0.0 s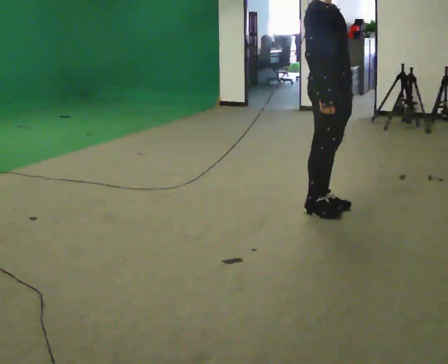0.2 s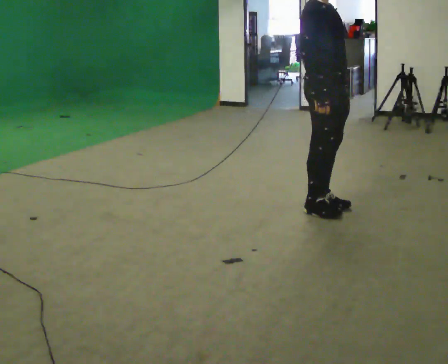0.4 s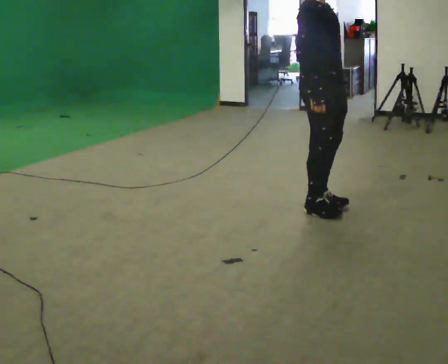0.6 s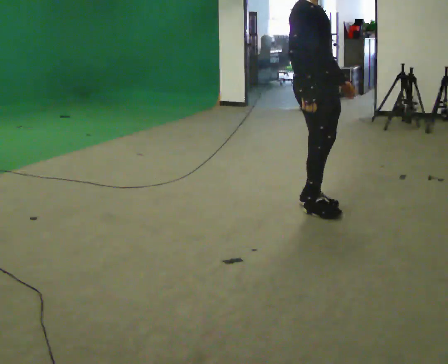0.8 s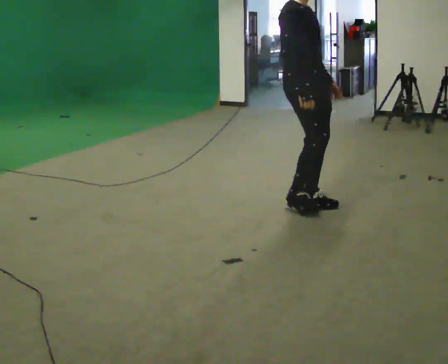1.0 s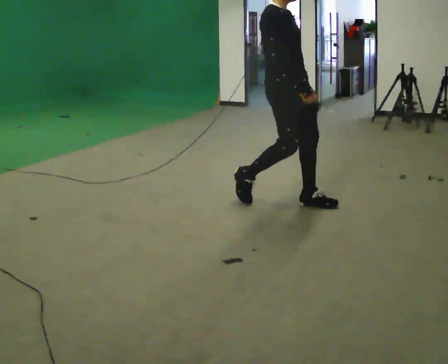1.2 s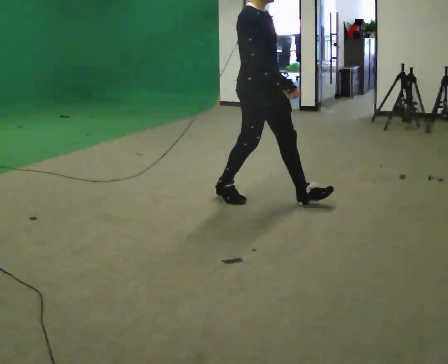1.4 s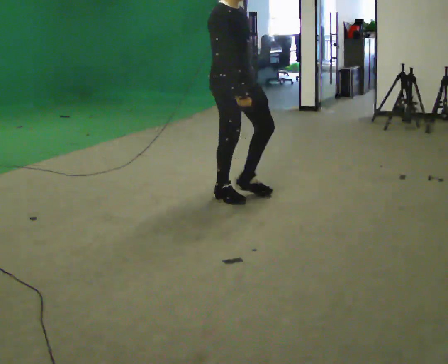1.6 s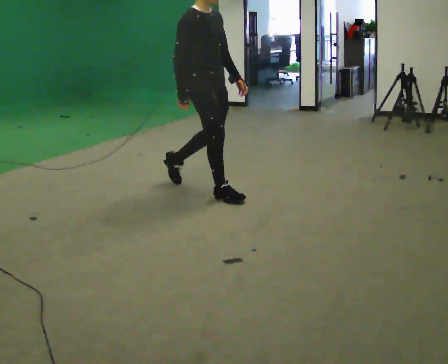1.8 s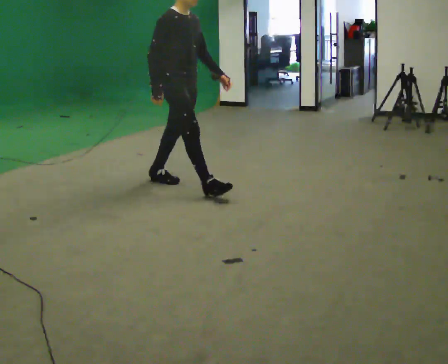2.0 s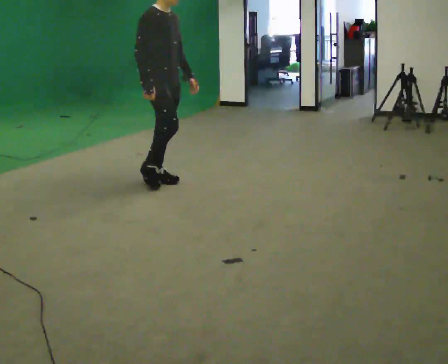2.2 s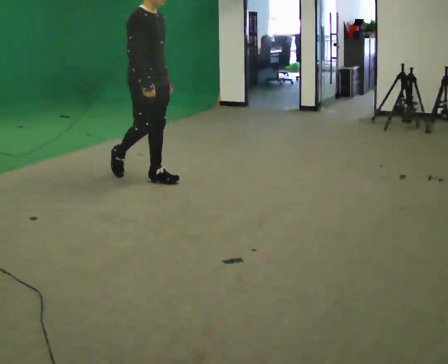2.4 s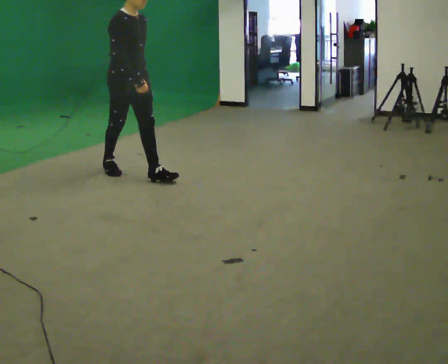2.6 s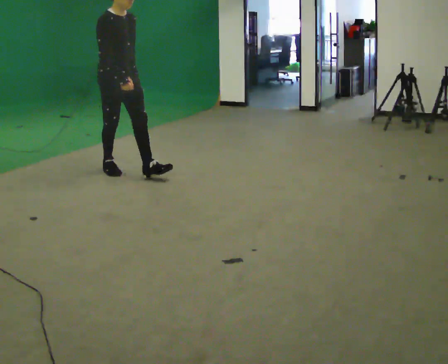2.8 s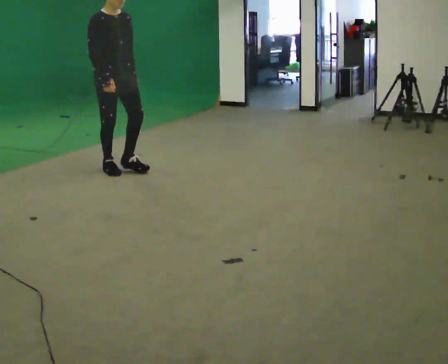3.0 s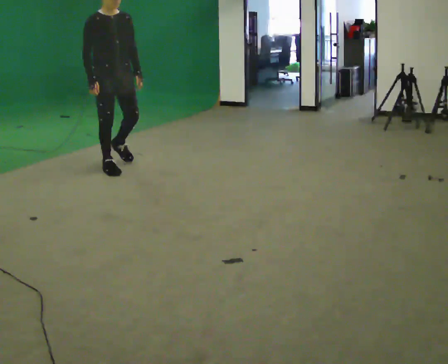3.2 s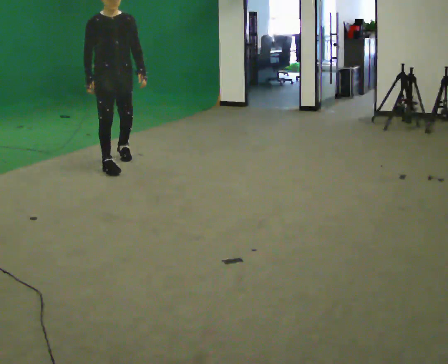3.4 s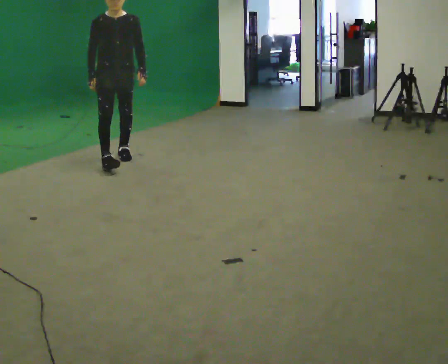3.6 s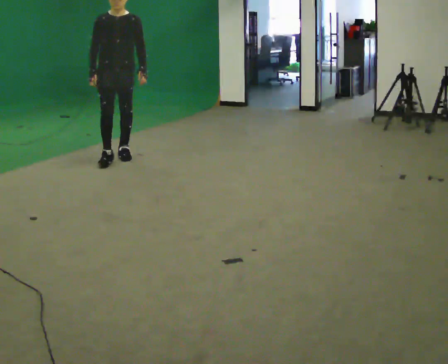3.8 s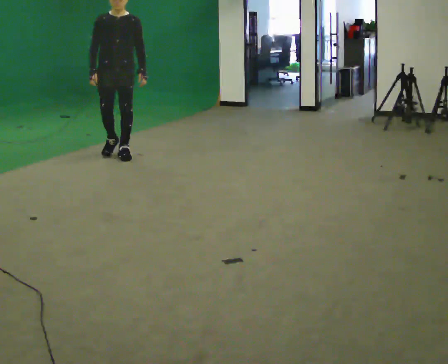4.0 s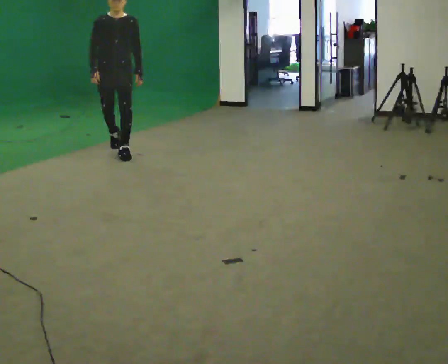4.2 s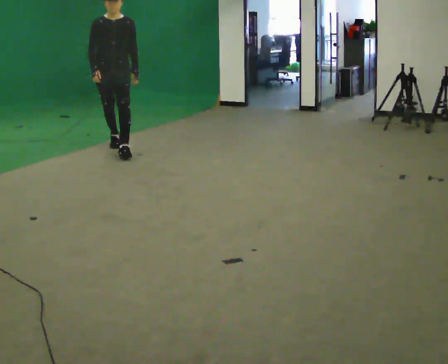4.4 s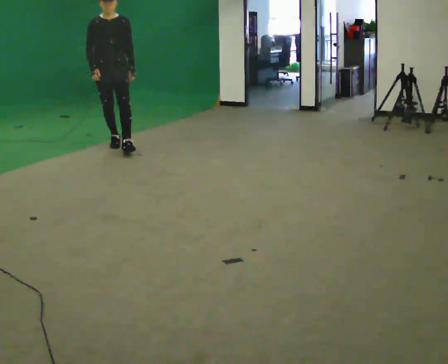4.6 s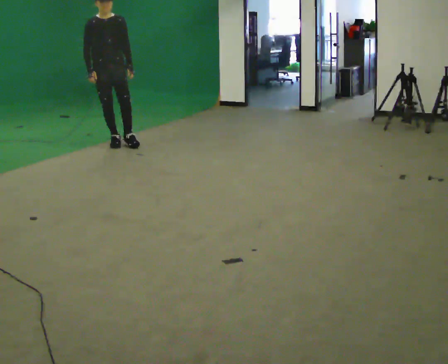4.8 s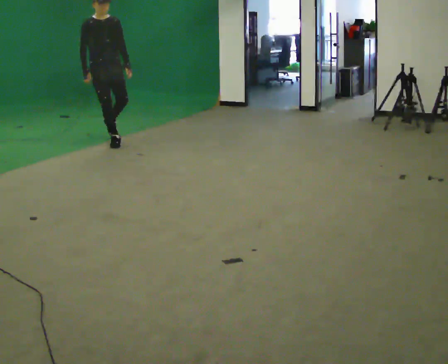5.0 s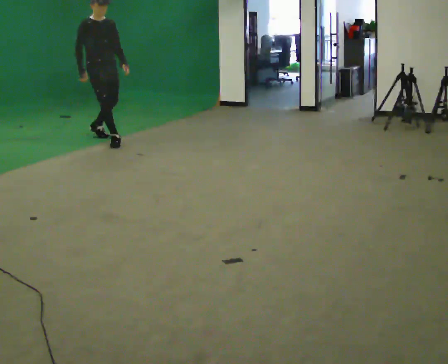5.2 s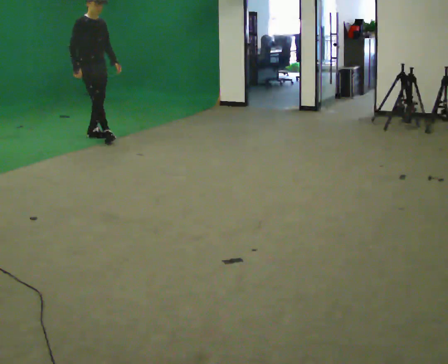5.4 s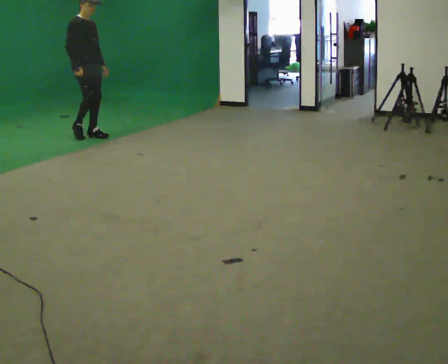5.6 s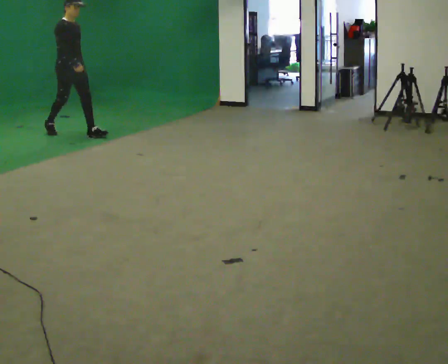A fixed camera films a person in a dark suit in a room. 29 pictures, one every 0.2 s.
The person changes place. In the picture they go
away from the camera.
0.0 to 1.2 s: In the picture they go to the left and away from the camera, about 0.5 m in 2 steps, which for them is backward.
1.2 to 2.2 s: In the picture they go away from the camera and to the left, about 1 m in 1 step, which for them is backward.
2.2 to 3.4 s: Seen from above the body turns clockwise, about 45 degrees: to their right, with its near side sliding to the left. In the picture they go away from the camera, about 0.5 m in 2 steps, which for them is backward.
3.4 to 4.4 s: In the picture they go away from the camera, about 0.5 m in 1 step, which for them is backward.
4.4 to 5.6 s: The person turns about 45 degrees to their left, counterclockwise seen from above, so the part of the body nearest the lens slides to the right. In the picture they go away from the camera and to the left, about 1 m in 1 step, which for them is backward.
The film runs backward here.
